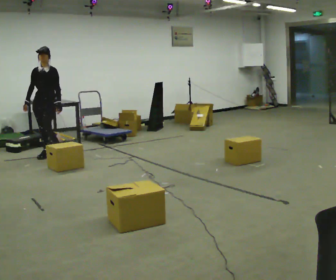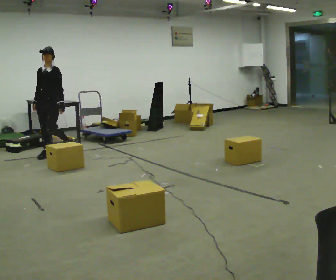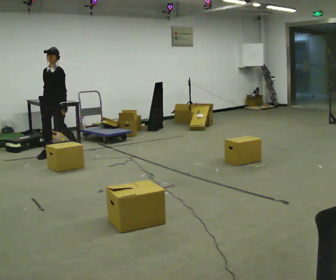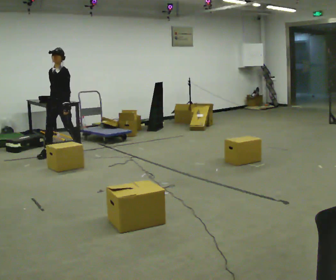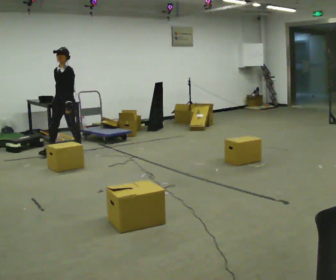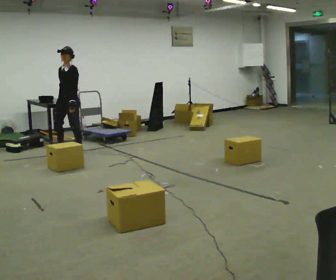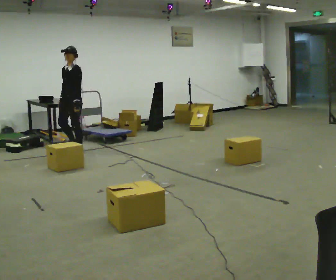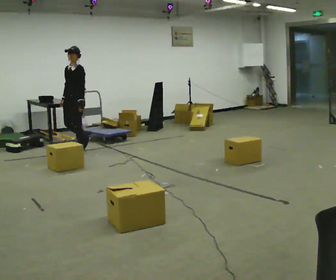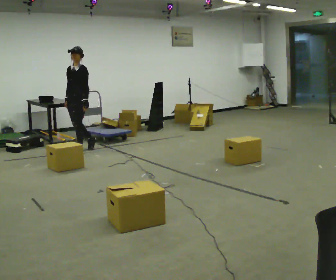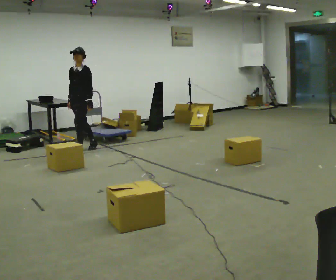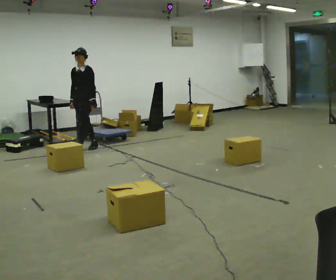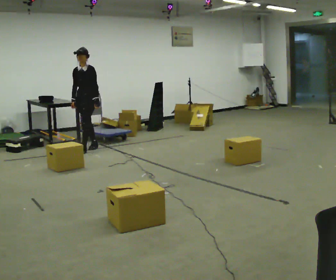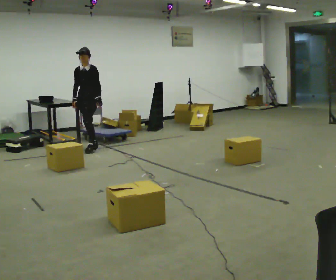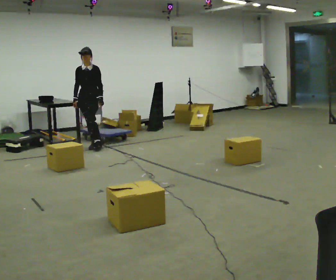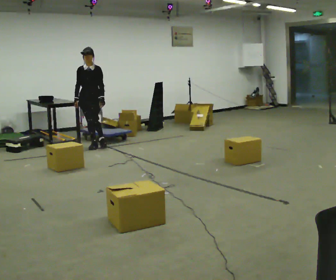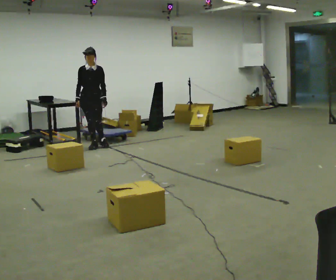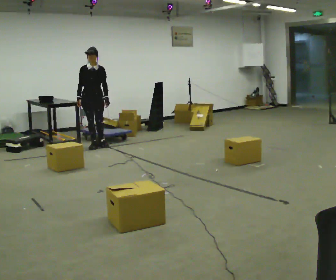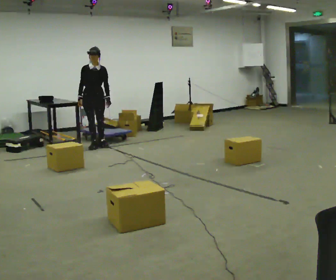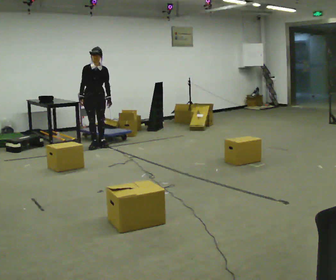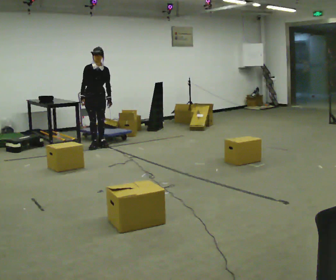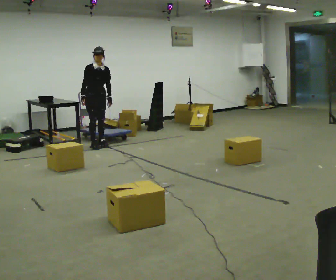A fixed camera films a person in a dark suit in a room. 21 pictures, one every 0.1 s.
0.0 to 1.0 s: In the picture they go to the right and away from the camera, about 0.5 m in 1 step, which for them is backward.
1.0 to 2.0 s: Seen from above the body turns counterclockwise, about 60 degrees: to their left, with its near side sliding to the right. In the picture they go away from the camera and to the right, about 0.25 m in 1 step, which for them is backward.
The film runs backward here.
